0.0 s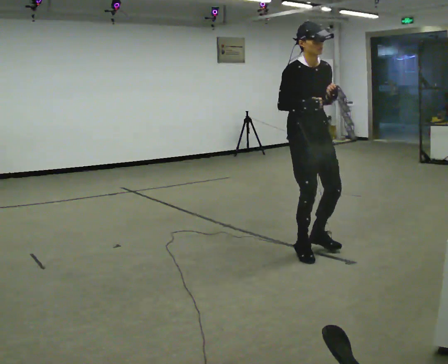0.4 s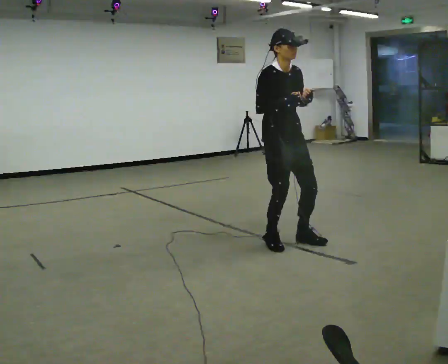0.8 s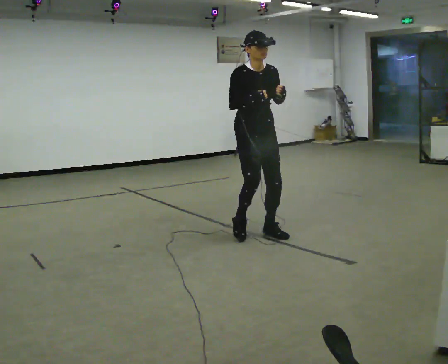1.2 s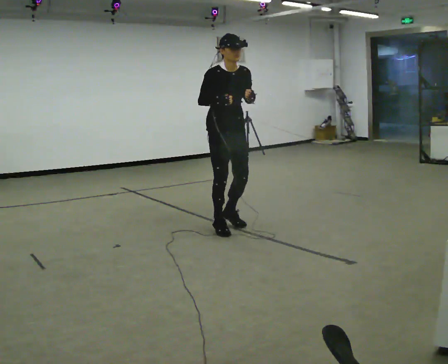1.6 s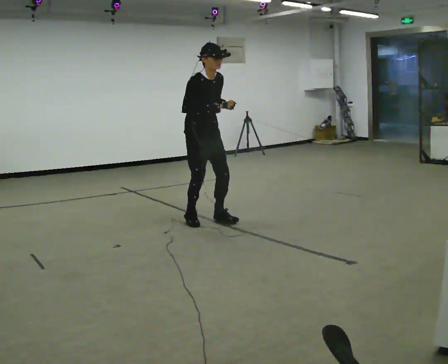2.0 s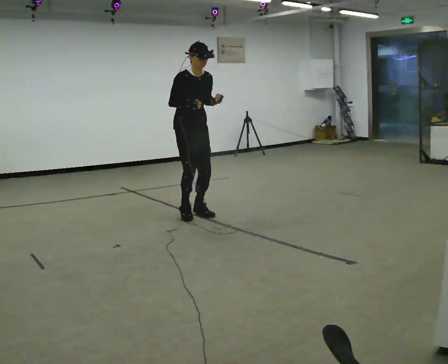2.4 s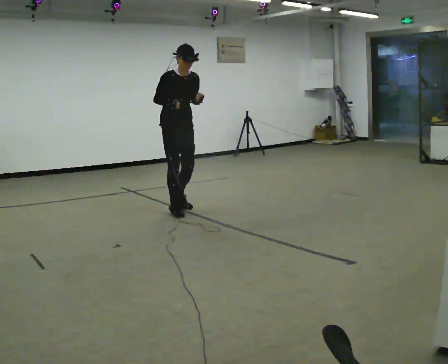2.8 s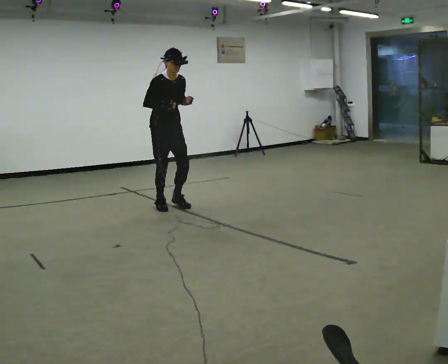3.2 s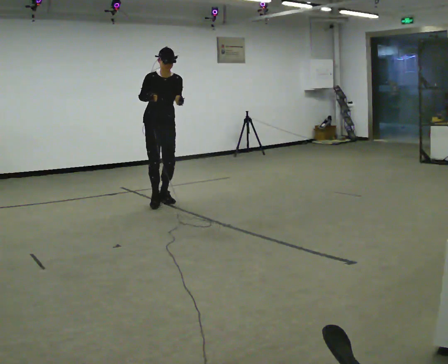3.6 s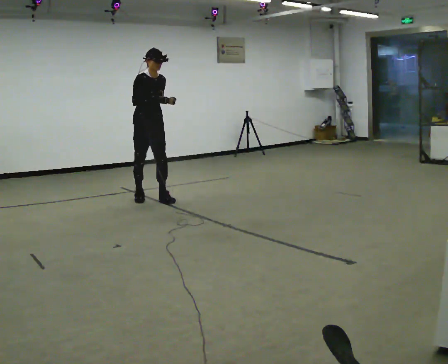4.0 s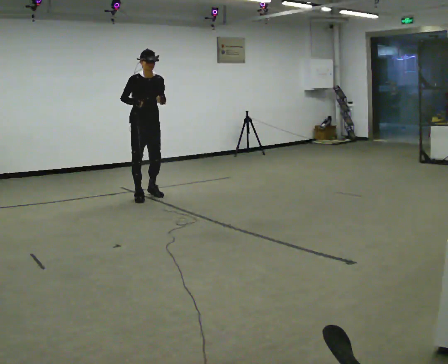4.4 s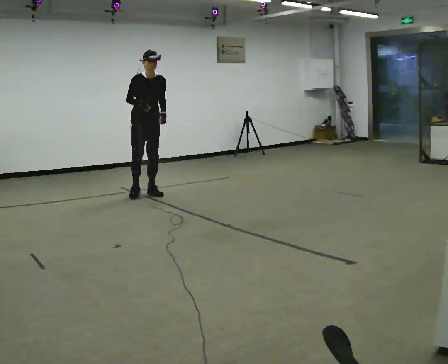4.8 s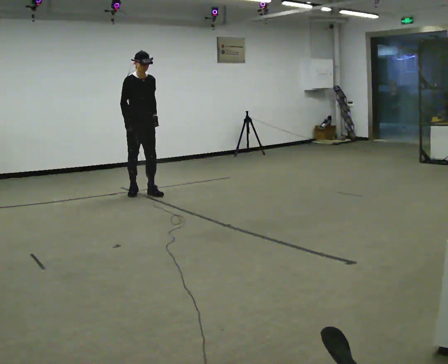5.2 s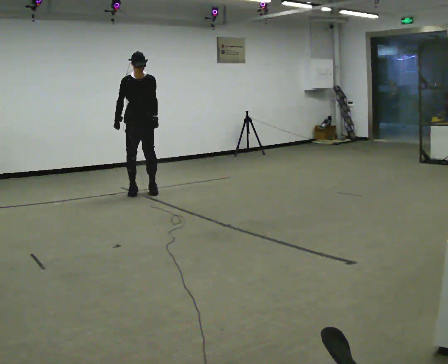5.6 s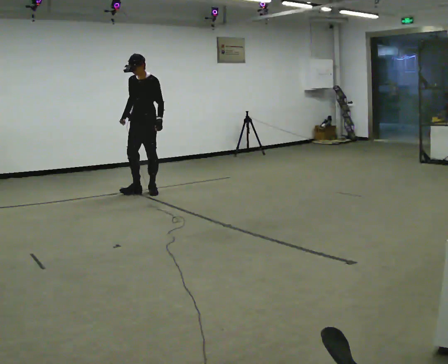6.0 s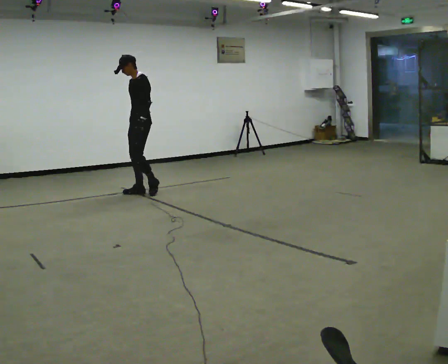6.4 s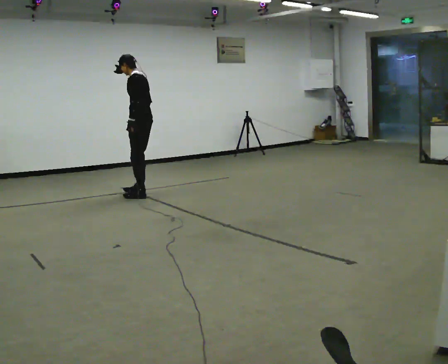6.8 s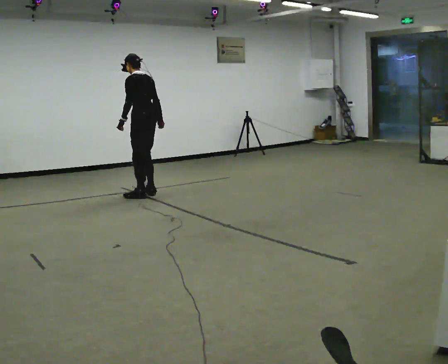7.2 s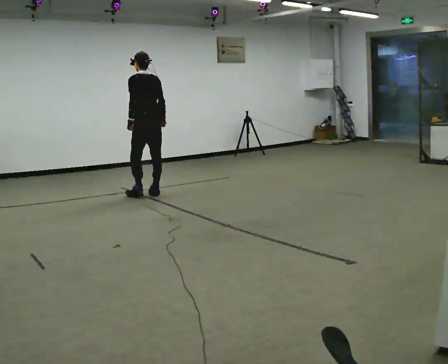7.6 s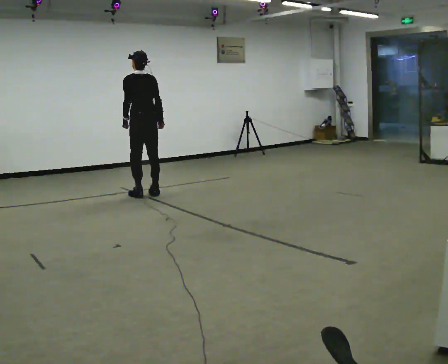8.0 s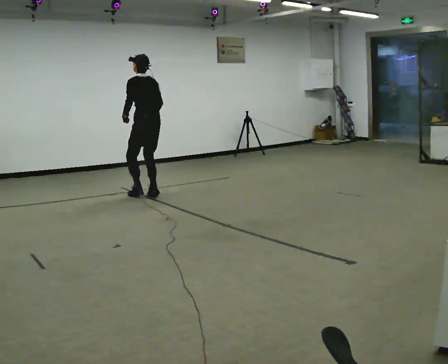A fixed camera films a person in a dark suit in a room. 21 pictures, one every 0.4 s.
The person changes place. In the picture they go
away from the camera.
0.0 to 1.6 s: In the picture they go away from the camera and to the left, about 1.5 m in 6 steps, which for them is backward.
1.6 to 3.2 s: In the picture they go away from the camera, about 1 m in 5 steps, which for them is backward.
3.2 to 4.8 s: In the picture they go away from the camera and to the left, about 0.5 m in 3 steps, which for them is backward.
4.8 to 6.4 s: The part of the body nearest the lens slides to the left as the person turns to their right by about 135 degrees. In the picture the upper body tilts counterclockwise, shoulders to the left.
6.4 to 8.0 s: The part of the body nearest the lens slides to the left as the person turns to their right by about 30 degrees.
The film runs forward here.
